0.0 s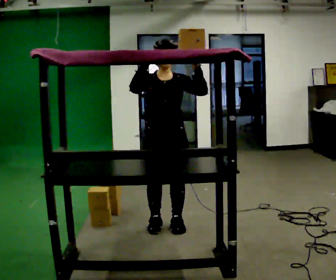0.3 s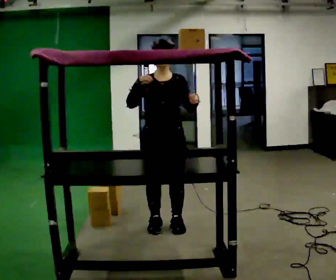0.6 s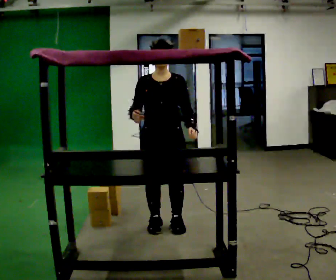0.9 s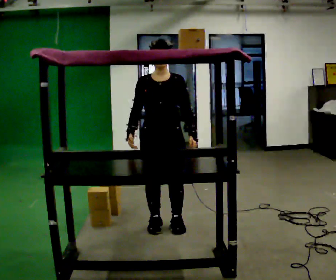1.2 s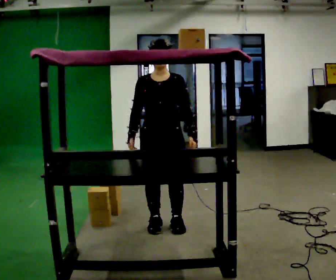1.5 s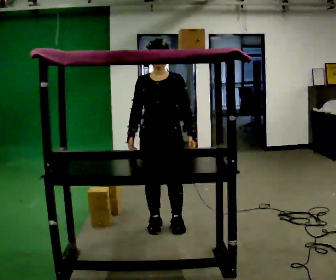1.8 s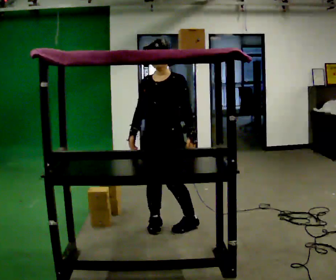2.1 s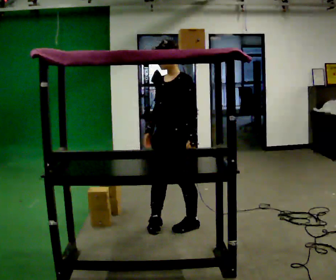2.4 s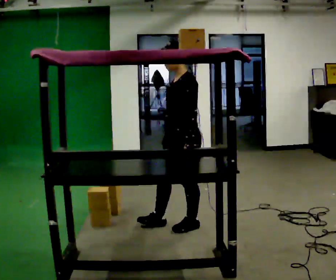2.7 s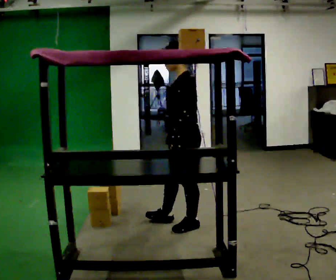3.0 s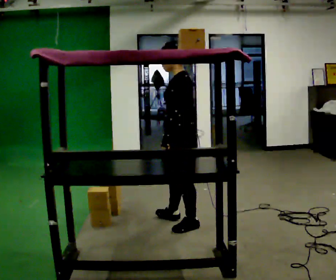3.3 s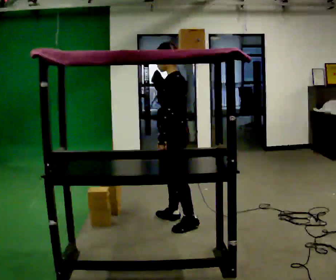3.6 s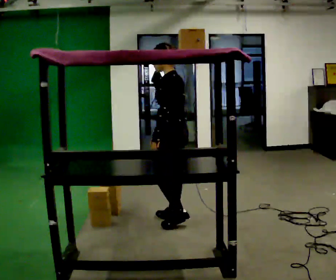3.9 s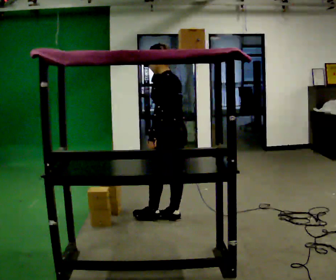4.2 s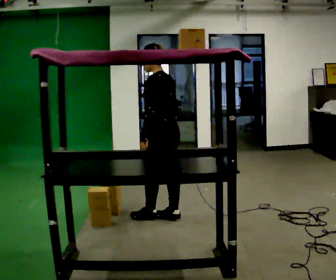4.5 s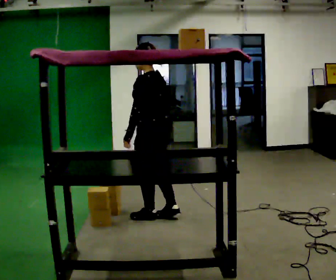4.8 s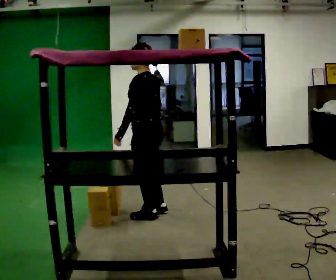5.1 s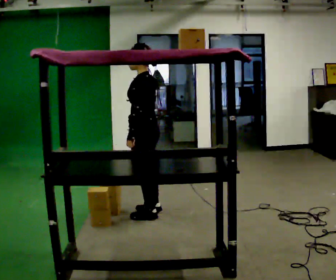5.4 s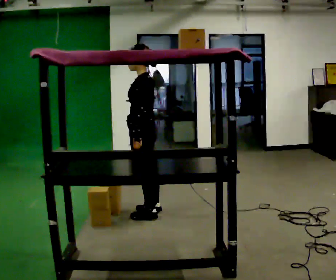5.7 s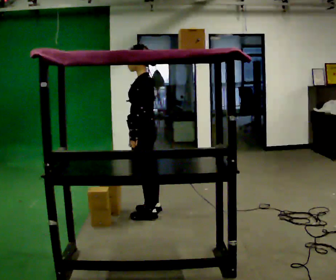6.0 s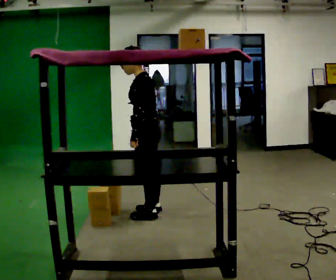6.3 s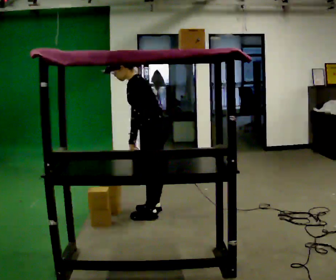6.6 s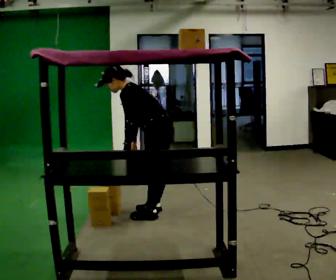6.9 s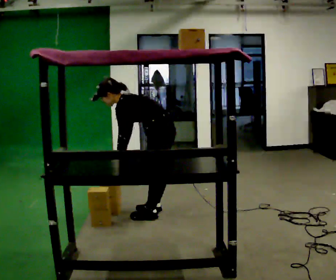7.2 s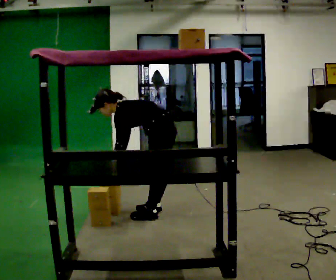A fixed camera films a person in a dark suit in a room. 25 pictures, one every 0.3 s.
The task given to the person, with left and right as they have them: Place the object on the shelf just at the top of your comfortable reach. Repeat at your own pace until the operator says stop. Keep both feet on the marked spots for the whole take. If you have to step, stop and tell the operator.
0.0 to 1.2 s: In the picture their right hand goes downward.
1.2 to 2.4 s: The person turns about 75 degrees to their right, clockwise seen from above, so the part of the body nearest the lens slides to the left. In the picture they go to the right, about 0.25 m in 1 step. In the picture their right hand goes to the right.
2.4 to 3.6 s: The part of the body nearest the lens slides to the left as the person turns to their right by about 30 degrees. In the picture they go away from the camera, about 0.25 m in 1 step, which for them is to their right.
3.6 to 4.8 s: In the picture they go to the left, about 0.25 m in 1 step, which for them is forward. In the picture their left hand goes to the left.
4.8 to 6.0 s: The person moves a little, or ends about where they began.
6.0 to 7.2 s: The upper body goes downward. In the picture the upper body tilts counterclockwise, shoulders to the left, as they bend forward.
The film runs forward here.
